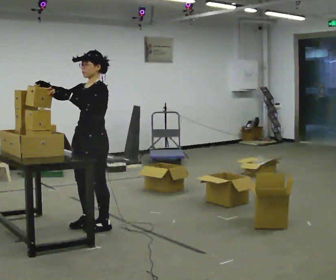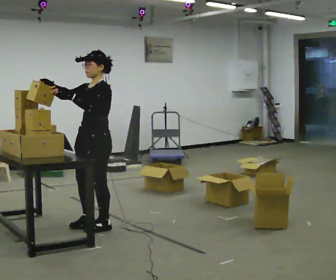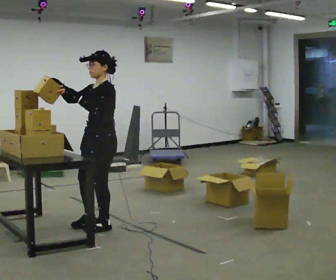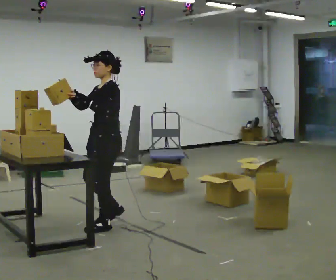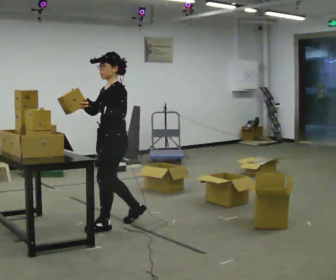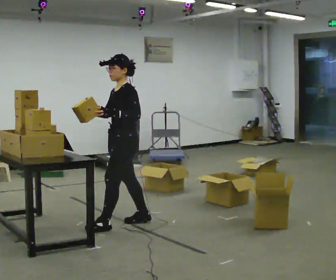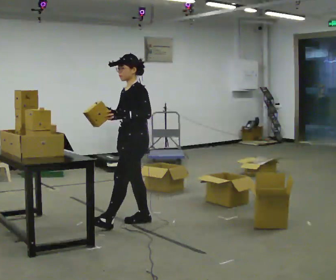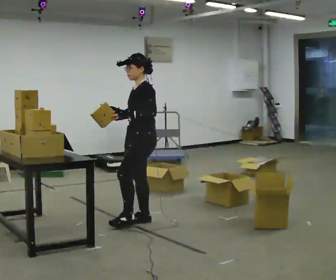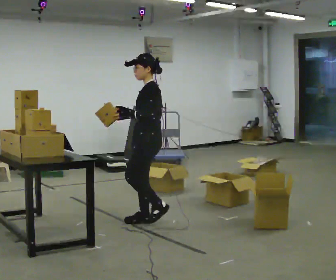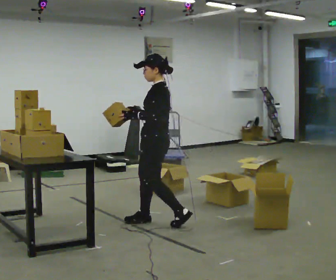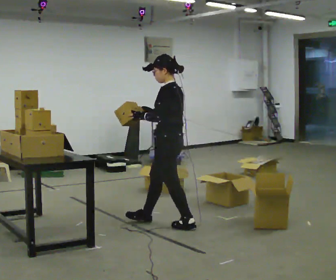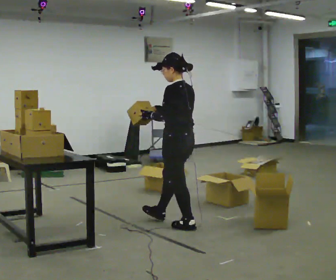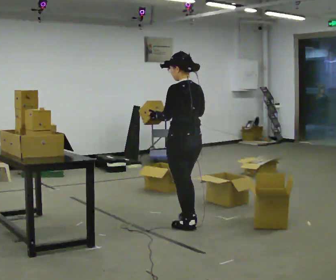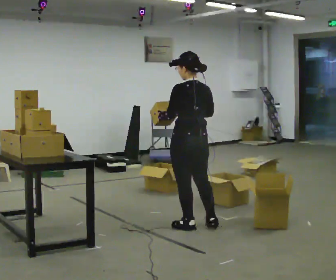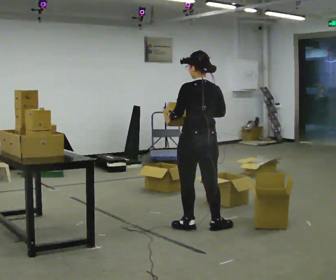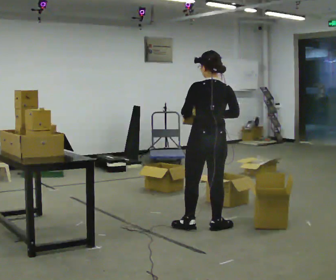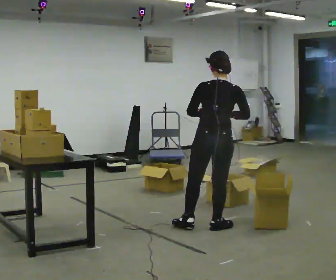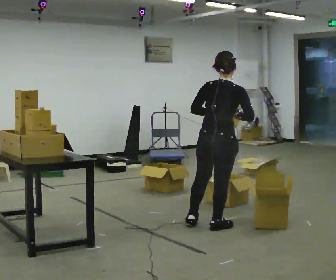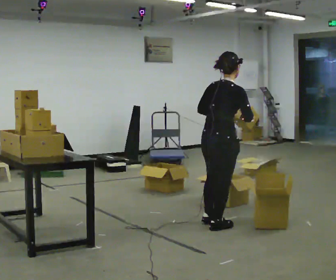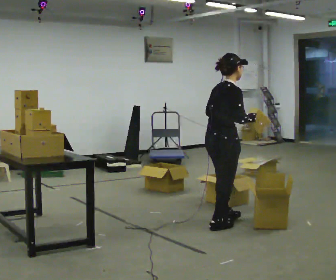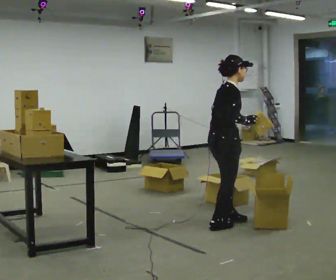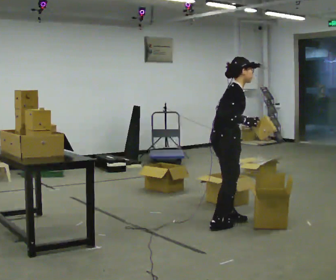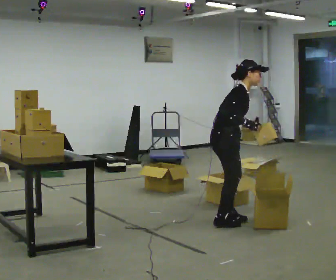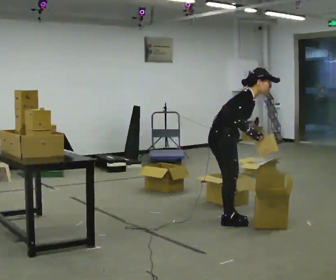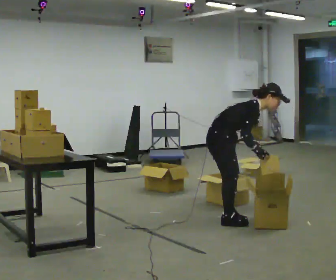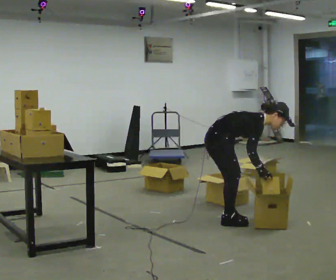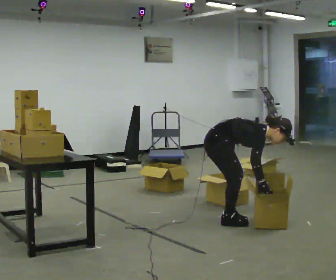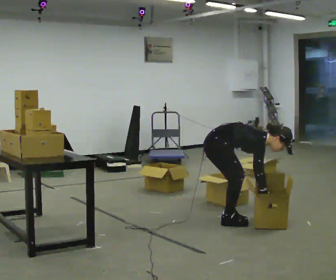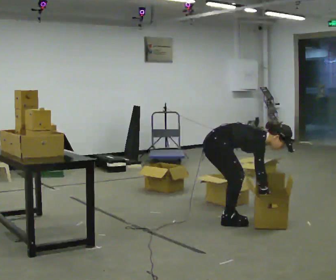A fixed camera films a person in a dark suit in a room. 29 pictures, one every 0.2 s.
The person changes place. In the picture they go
to the right.
The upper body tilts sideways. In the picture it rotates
clockwise.
0.0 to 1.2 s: In the picture they go to the right and away from the camera, about 0.5 m in 1 step, which for them is backward.
1.2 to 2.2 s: The person turns about 45 degrees to their right, clockwise seen from above, so the part of the body nearest the lens slides to the left. In the picture they go to the right, about 0.5 m in 2 steps, which for them is backward and to their left.
2.2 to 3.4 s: The person turns about 90 degrees to their right, clockwise seen from above, so the part of the body nearest the lens slides to the left. In the picture they go to the right, about 0.25 m in 1 step.
3.4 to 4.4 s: The part of the body nearest the lens slides to the left as the person turns to their right by about 75 degrees. In the picture they go away from the camera, about 0.25 m in 1 step.
4.4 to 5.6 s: The shoulders move downward. In the picture the upper body tilts clockwise, shoulders to the right, as they bend forward. In the picture their right hand goes downward.
The film runs backward here.
